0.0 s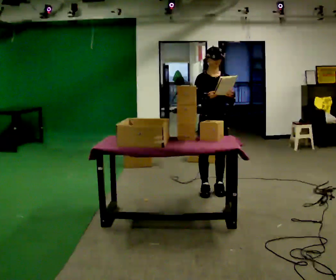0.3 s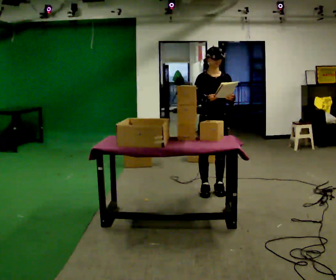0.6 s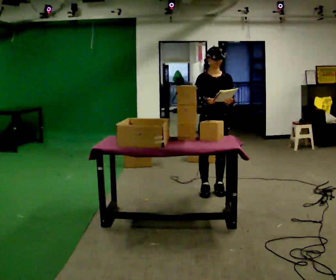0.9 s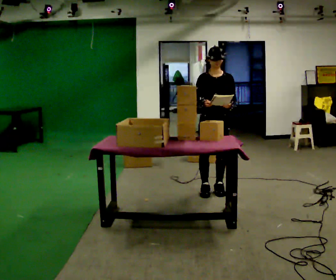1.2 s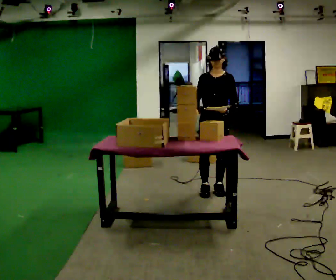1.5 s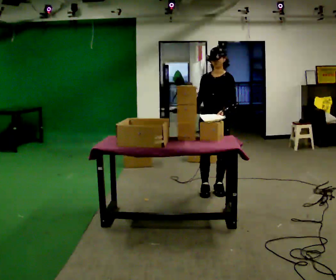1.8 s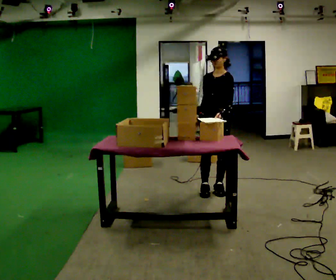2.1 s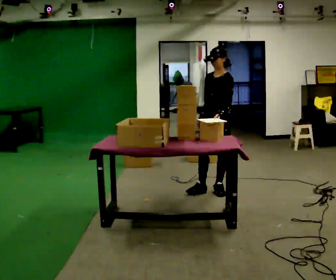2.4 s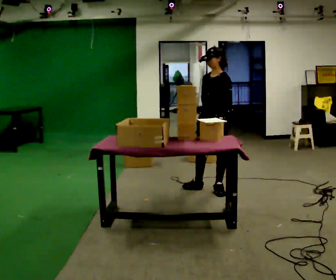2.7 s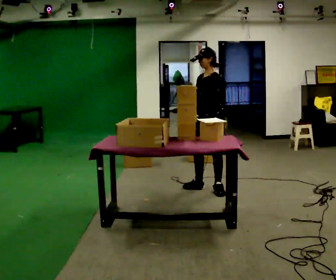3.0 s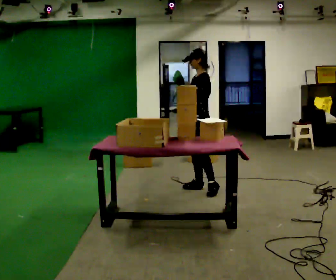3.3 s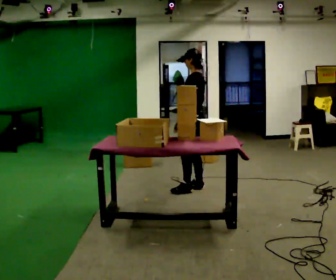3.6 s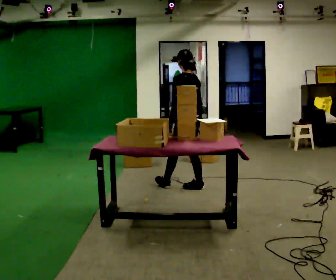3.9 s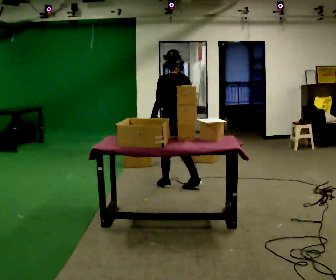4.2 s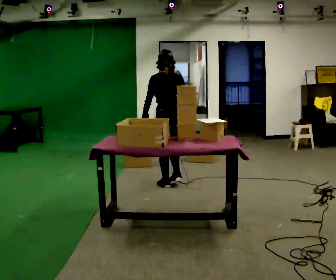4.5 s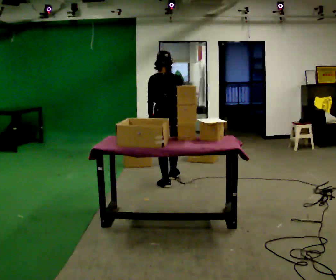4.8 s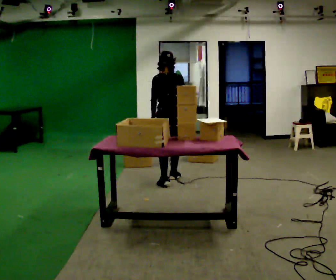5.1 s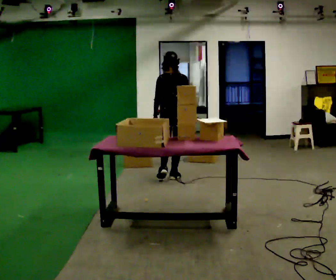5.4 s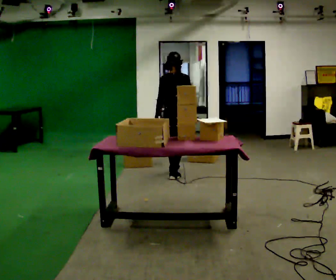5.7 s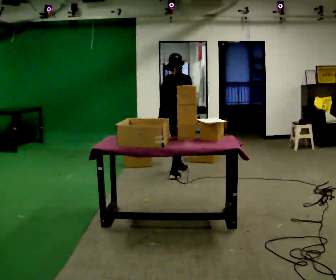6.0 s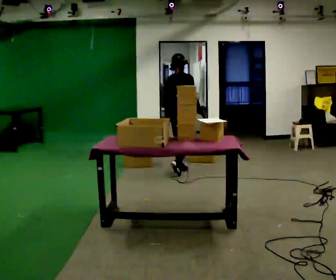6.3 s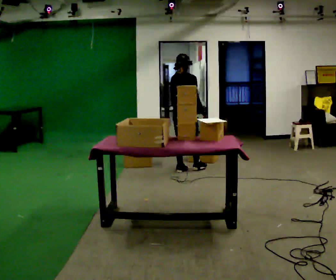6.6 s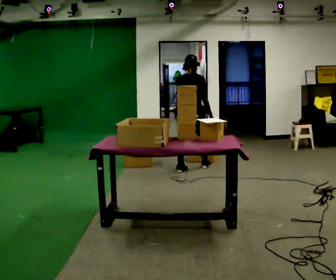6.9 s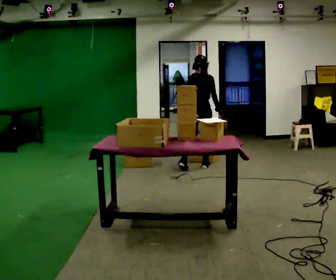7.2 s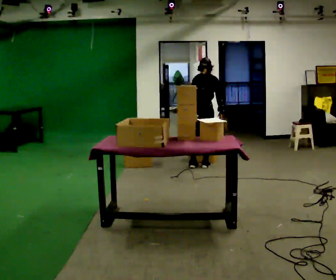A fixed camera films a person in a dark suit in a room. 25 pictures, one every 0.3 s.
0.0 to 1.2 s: The person moves a little, or ends about where they began.
1.2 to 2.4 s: The part of the body nearest the lens slides to the left as the person turns to their right by about 30 degrees.
2.4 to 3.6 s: The part of the body nearest the lens slides to the left as the person turns to their right by about 75 degrees. In the picture they go to the left, about 0.25 m in 1 step.
3.6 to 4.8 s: Seen from above the body turns clockwise, about 45 degrees: to their right, with its near side sliding to the left. In the picture they go away from the camera and to the left, about 0.5 m in 1 step, which for them is forward and to their left.
4.8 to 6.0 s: The part of the body nearest the lens slides to the left as the person turns to their right by about 30 degrees. In the picture they go away from the camera, about 0.5 m in 1 step, which for them is forward.
6.0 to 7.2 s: In the picture they go to the right and away from the camera, about 0.25 m in 1 step, which for them is forward and to their right. The upper body tips away from the camera, its near side rolling upward, as they bend forward.
The film runs forward here.
